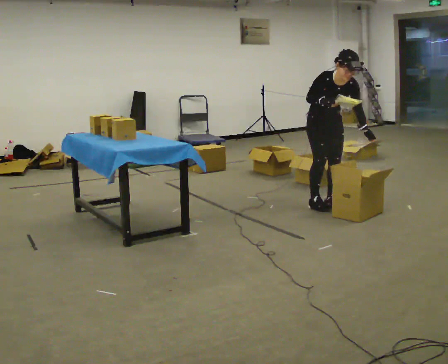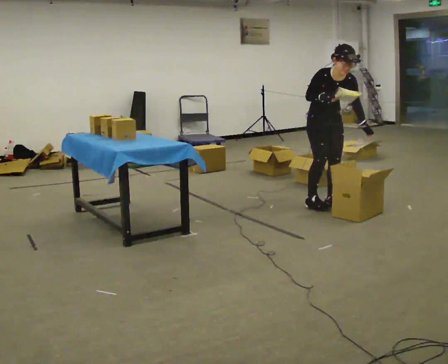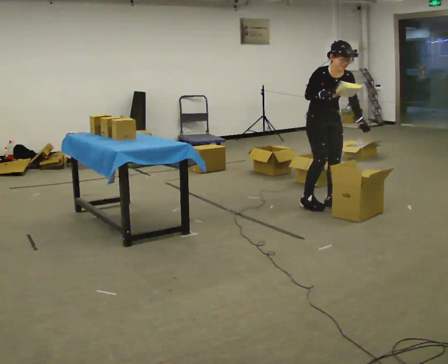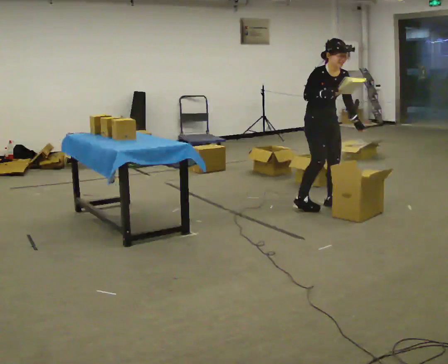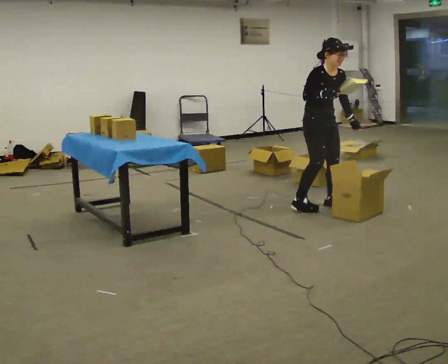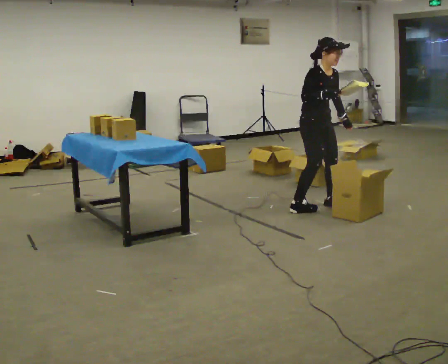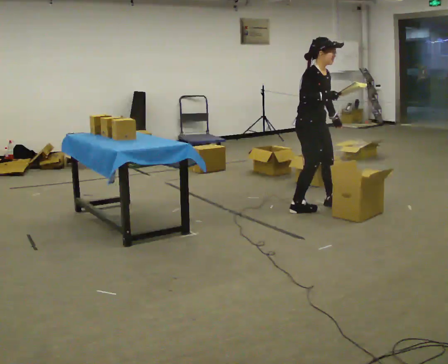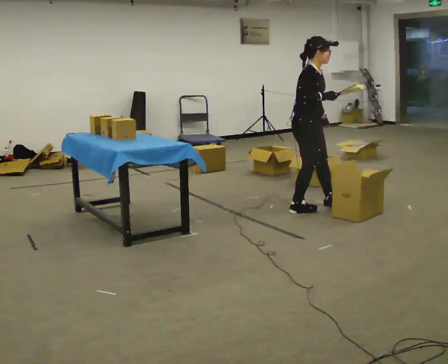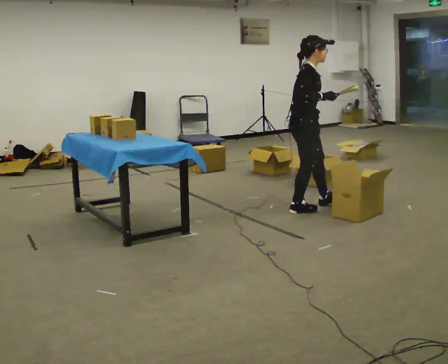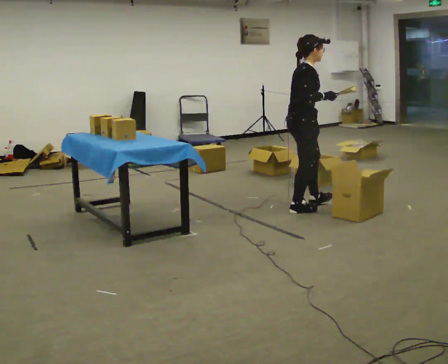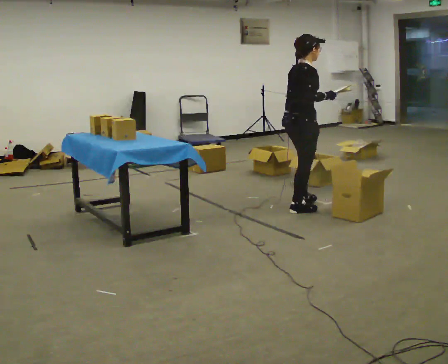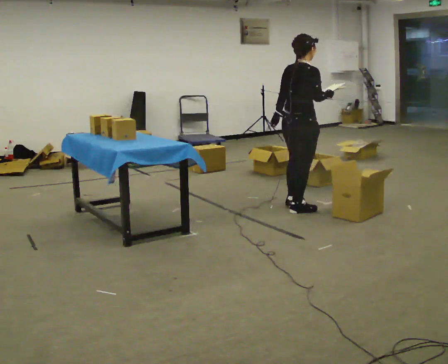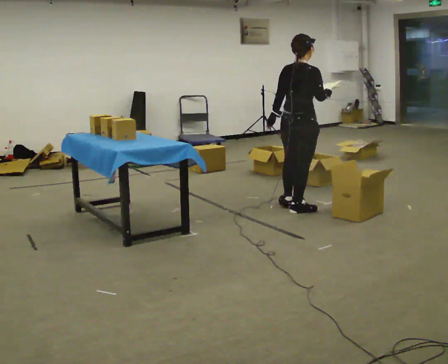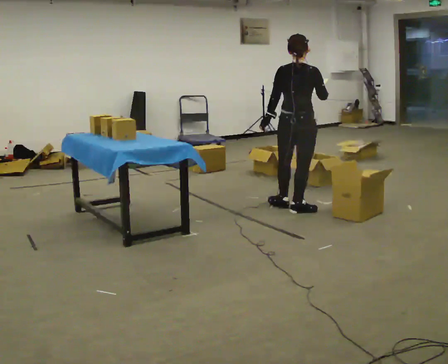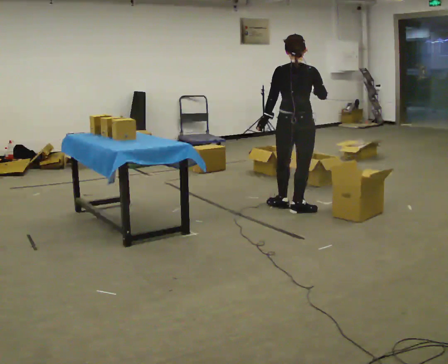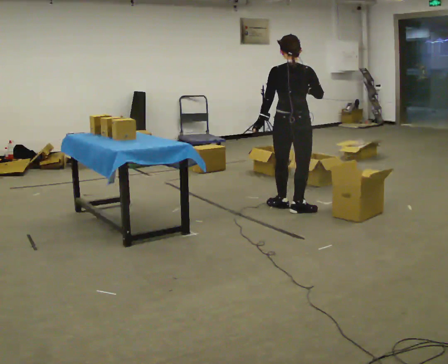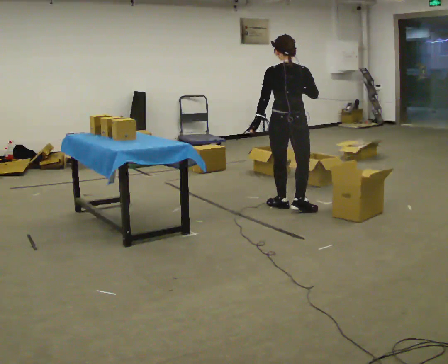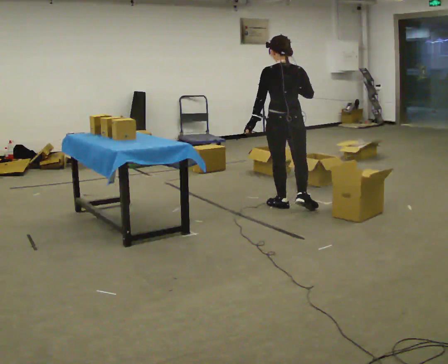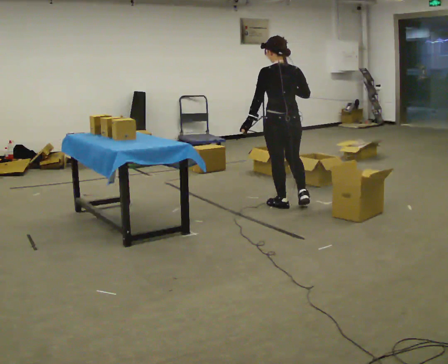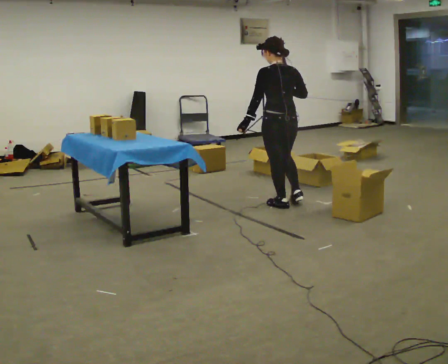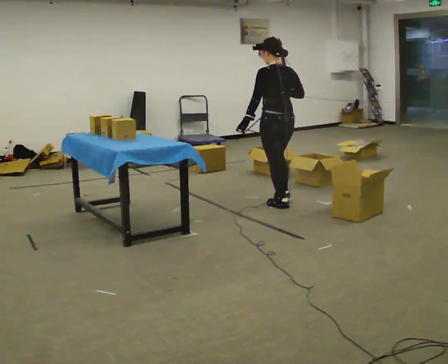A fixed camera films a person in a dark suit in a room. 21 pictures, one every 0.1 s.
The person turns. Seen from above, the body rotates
counterclockwise.
The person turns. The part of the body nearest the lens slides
to the right.
0.0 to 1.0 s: The person turns about 105 degrees to their left, counterclockwise seen from above, so the part of the body nearest the lens slides to the right. In the picture they go to the left and toward the camera, about 0.25 m in 1 step. The upper body tips away from the camera, its near side rolling upward, as they lean back or straighten.
1.0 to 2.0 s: The part of the body nearest the lens slides to the right as the person turns to their left by about 105 degrees. In the picture they go away from the camera and to the left, about 0.25 m in 1 step.
The film runs forward here.
